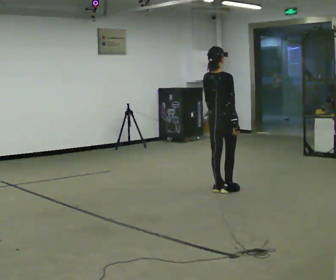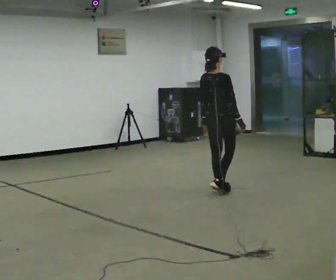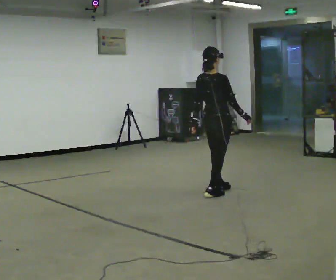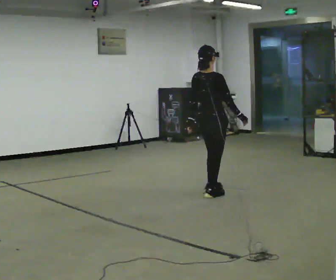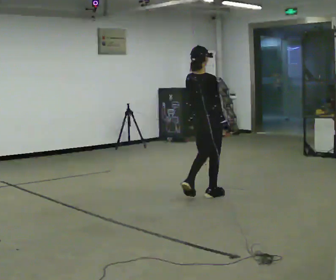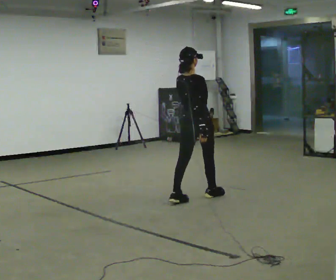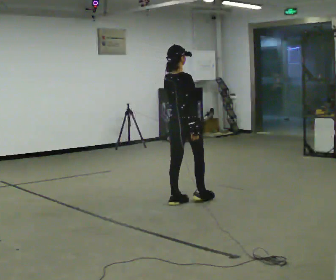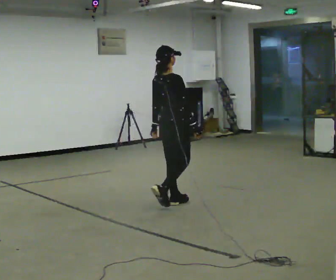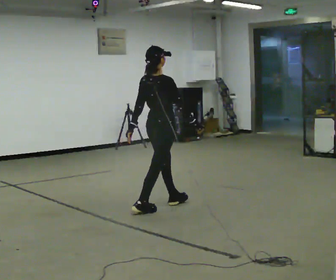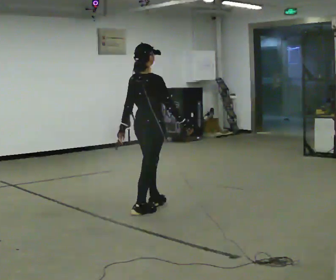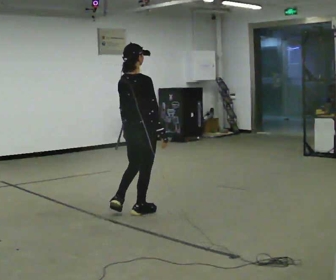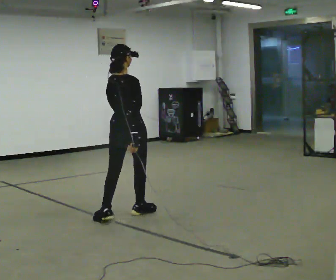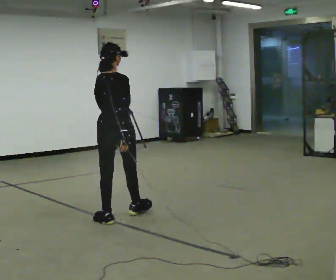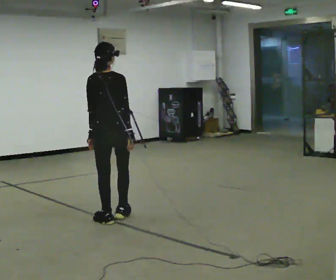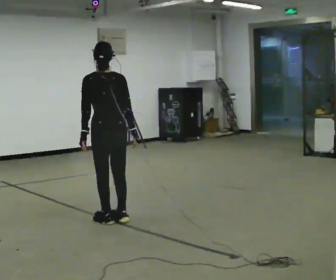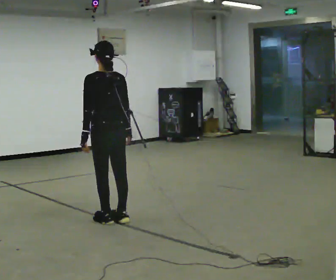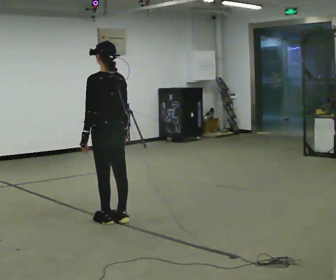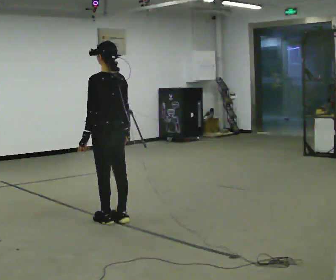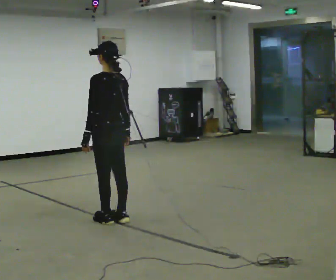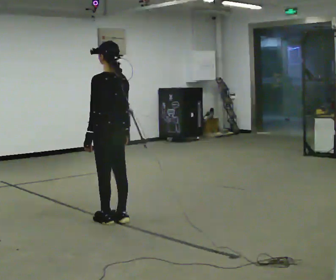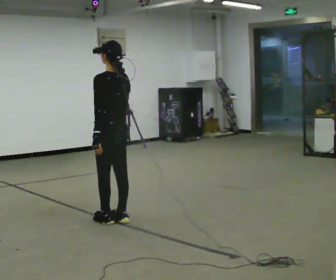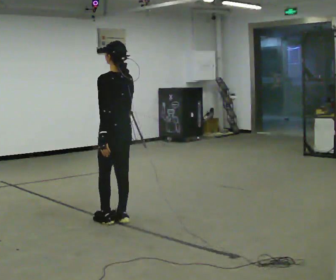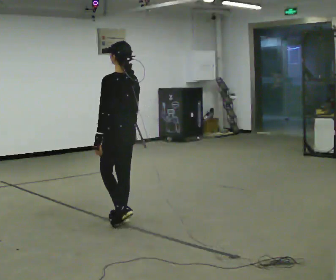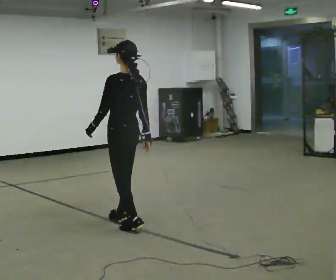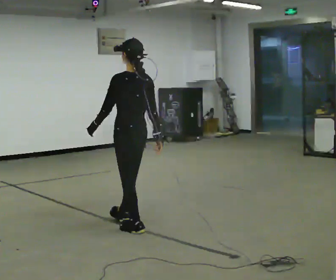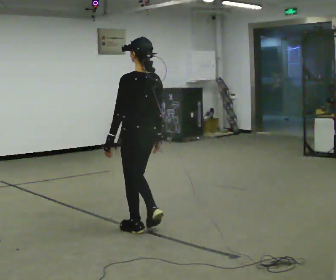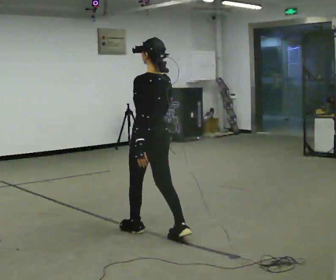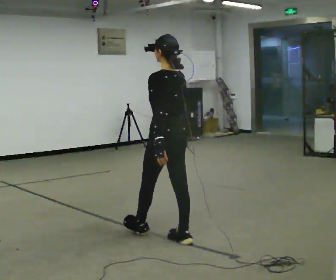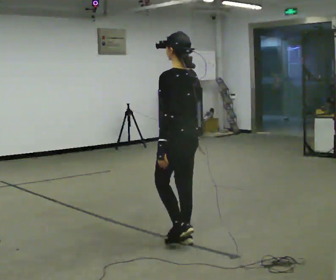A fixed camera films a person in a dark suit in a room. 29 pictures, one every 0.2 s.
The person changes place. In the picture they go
toward the camera.
The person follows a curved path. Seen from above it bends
counterclockwise.
0.0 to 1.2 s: In the picture they go to the left and toward the camera, about 0.75 m in 3 steps, which for them is backward.
1.2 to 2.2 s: In the picture they go to the left and toward the camera, about 1 m in 1 step, which for them is backward.
2.2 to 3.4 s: The person turns about 75 degrees to their left, counterclockwise seen from above, so the part of the body nearest the lens slides to the right. In the picture they go to the left, about 0.25 m in 1 step. In the picture their left hand goes to the left.
3.4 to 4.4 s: The person moves a little, or ends about where they began.
4.4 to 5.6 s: In the picture they go toward the camera and to the right, about 1 m in 2 steps, which for them is backward.
The film runs backward here.
